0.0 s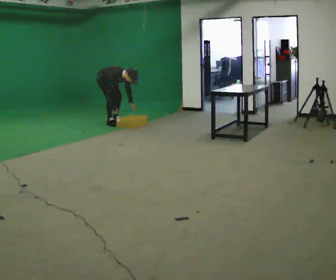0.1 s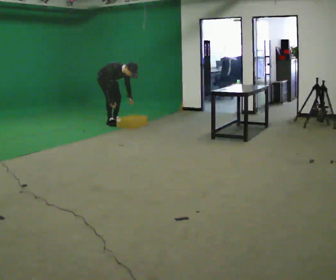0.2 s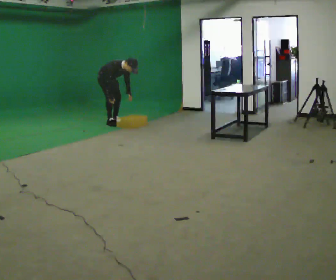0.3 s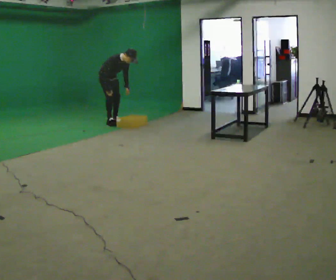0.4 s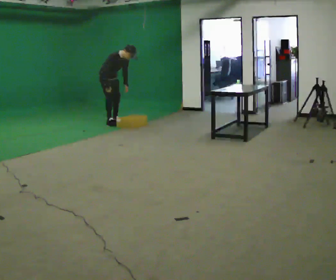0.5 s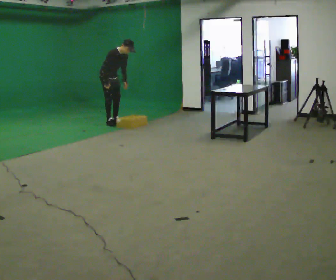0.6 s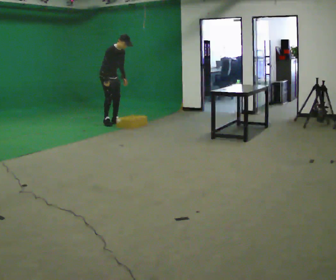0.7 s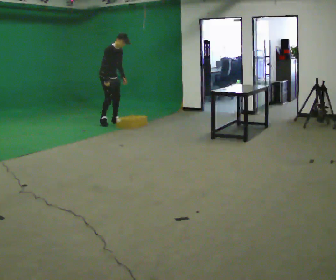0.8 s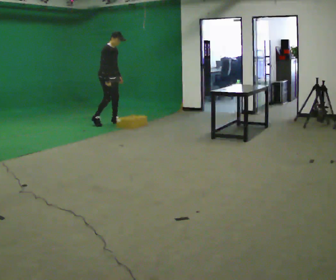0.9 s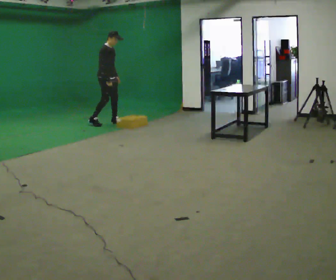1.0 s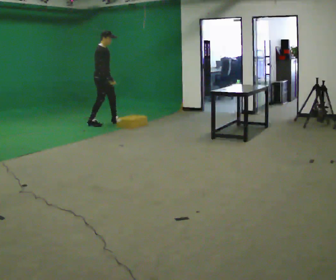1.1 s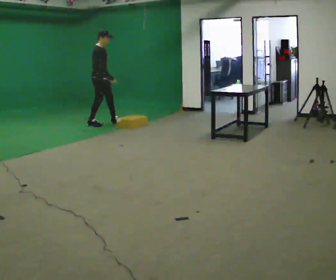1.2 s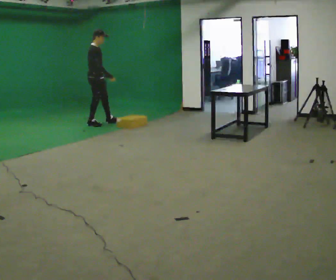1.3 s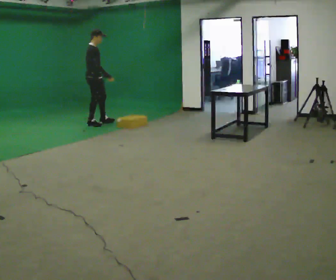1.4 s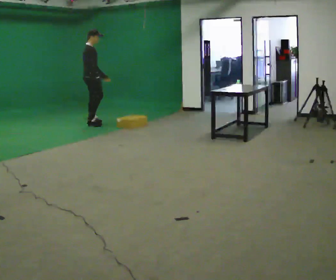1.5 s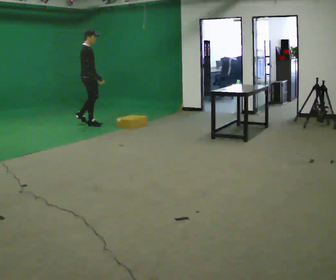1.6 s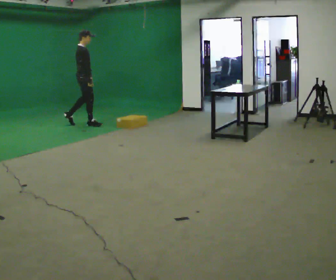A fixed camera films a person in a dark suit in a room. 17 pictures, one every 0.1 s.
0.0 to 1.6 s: Seen from above the body turns counterclockwise, about 45 degrees: to their left, with its near side sliding to the right. In the picture they go to the left and toward the camera, about 0.5 m in 2 steps, which for them is to their right and backward. The shoulders move upward. In the picture the upper body tilts counterclockwise, shoulders to the left, as they lean back or straighten. In the picture their right hand goes upward.
The film runs backward here.
